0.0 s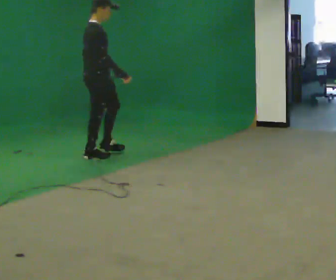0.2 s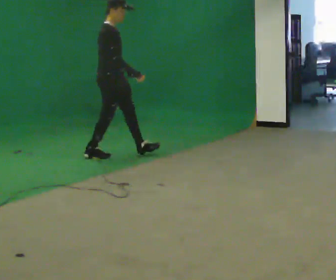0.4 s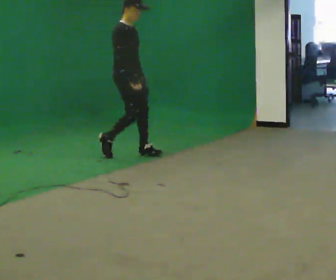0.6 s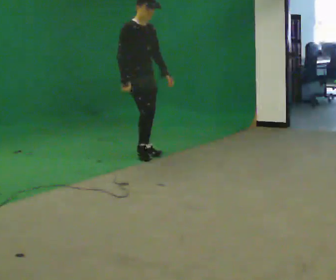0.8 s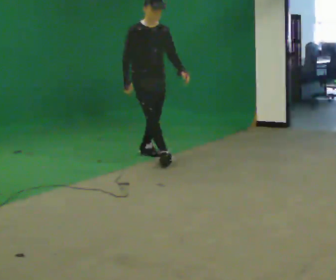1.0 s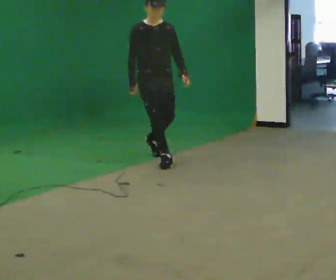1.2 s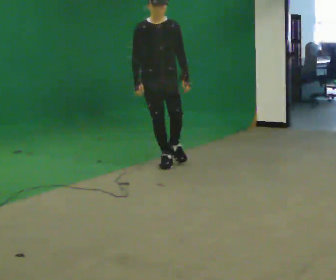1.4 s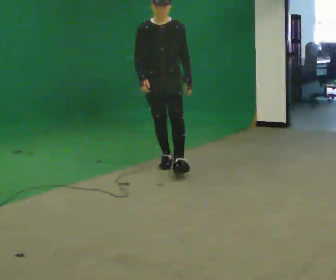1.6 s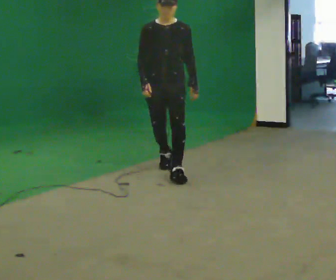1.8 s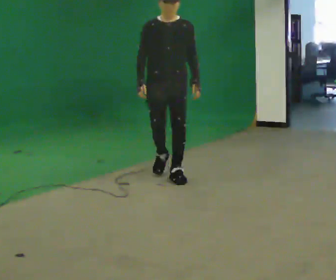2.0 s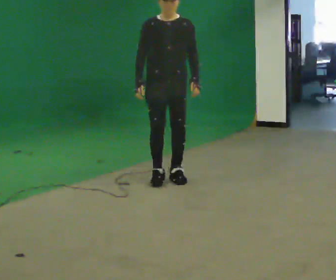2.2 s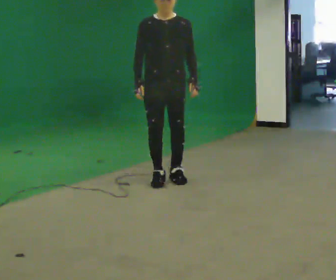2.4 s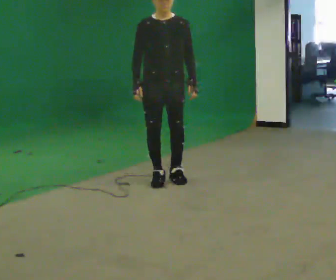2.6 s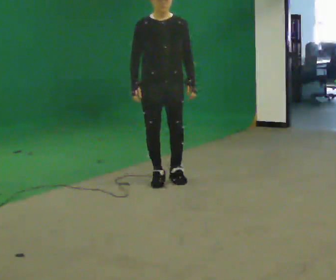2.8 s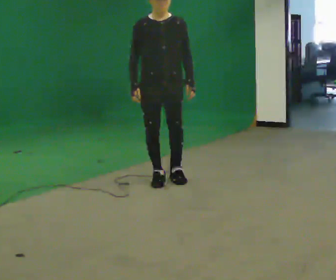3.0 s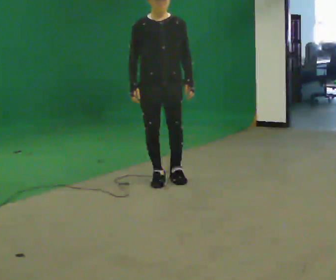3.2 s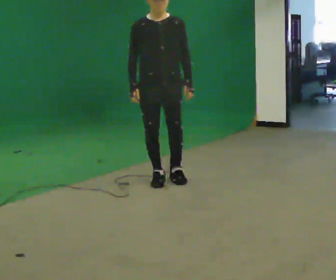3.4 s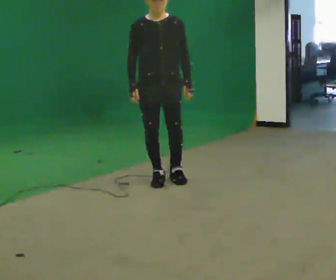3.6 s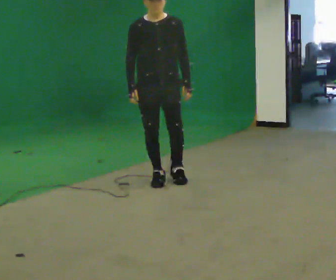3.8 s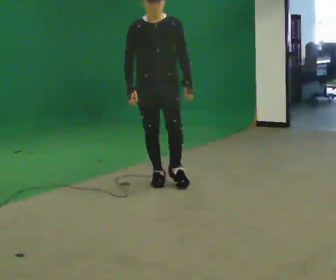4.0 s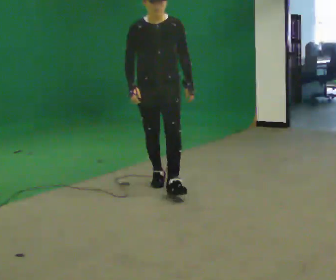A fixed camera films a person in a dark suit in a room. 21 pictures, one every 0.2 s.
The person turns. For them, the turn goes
to their right.
The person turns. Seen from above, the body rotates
clockwise.
0.0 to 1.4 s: Seen from above the body turns clockwise, about 105 degrees: to their right, with its near side sliding to the left. In the picture they go to the right and toward the camera, about 1 m in 2 steps.
1.4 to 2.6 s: In the picture they go toward the camera, about 0.5 m in 2 steps, which for them is forward.
2.6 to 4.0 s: In the picture they go toward the camera, about 0.25 m, which for them is forward.
The film runs forward here.
